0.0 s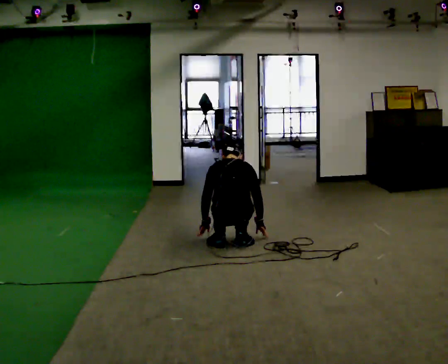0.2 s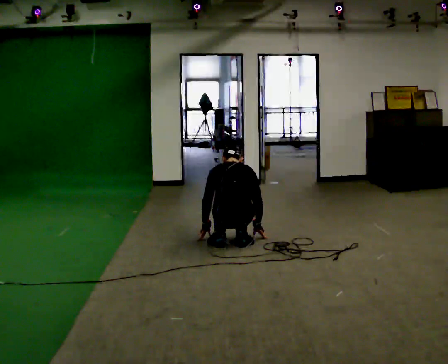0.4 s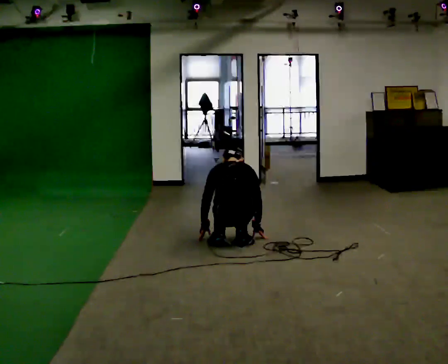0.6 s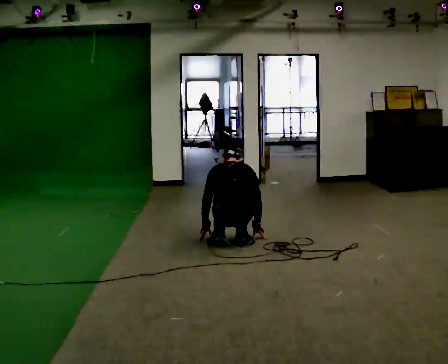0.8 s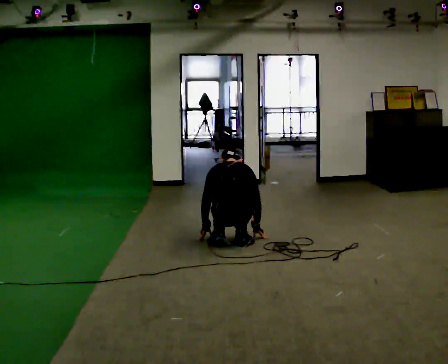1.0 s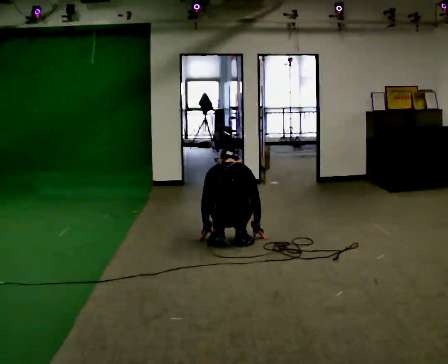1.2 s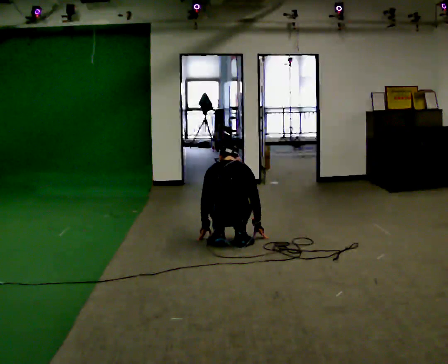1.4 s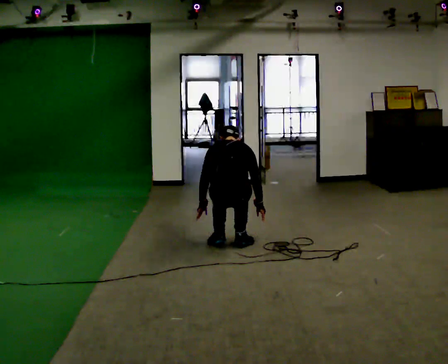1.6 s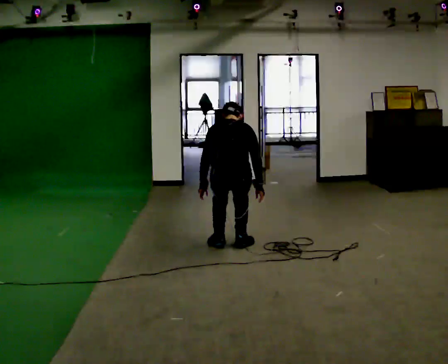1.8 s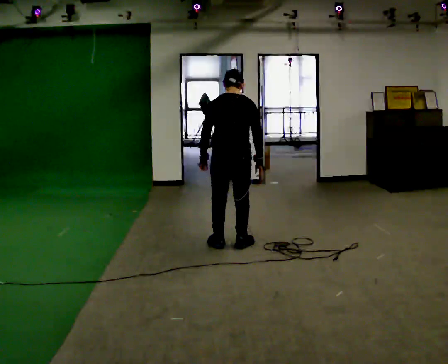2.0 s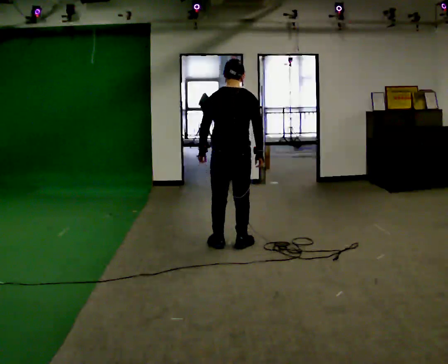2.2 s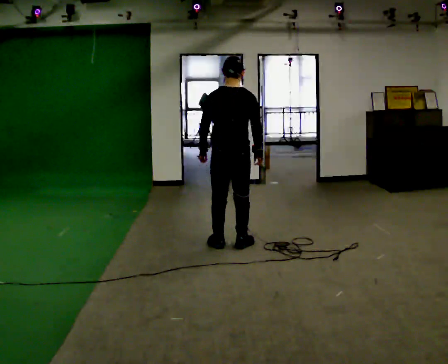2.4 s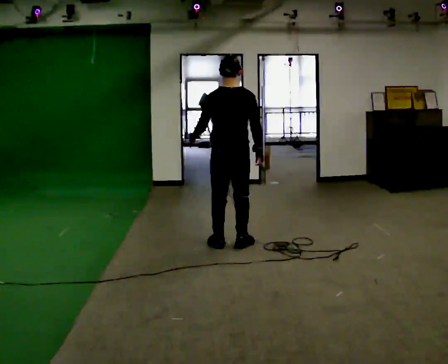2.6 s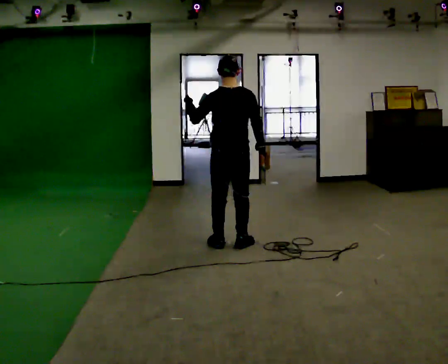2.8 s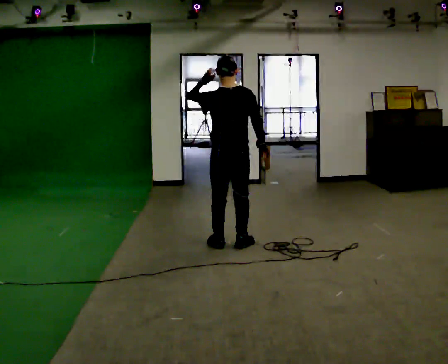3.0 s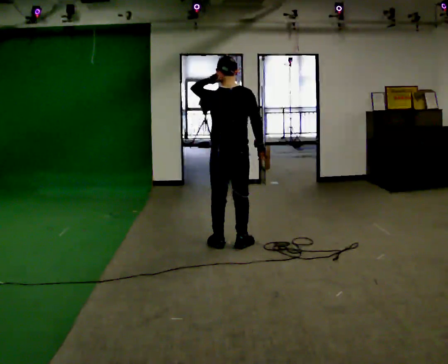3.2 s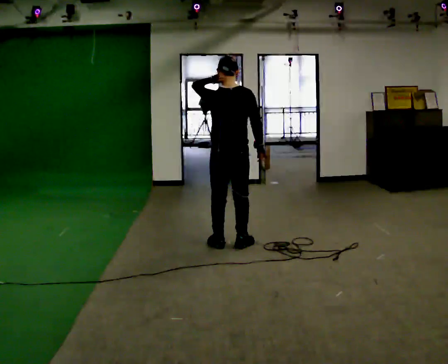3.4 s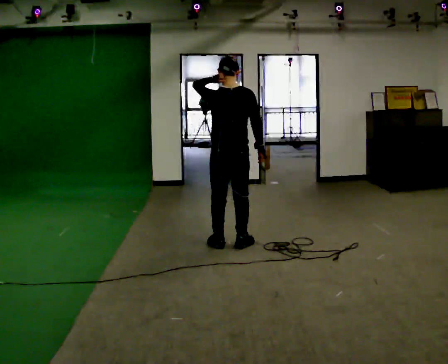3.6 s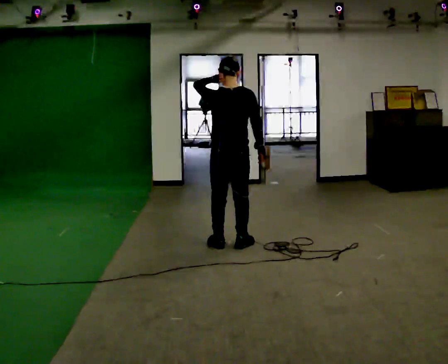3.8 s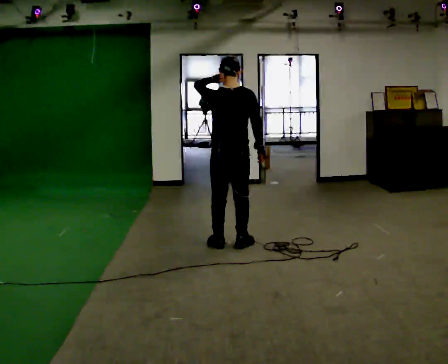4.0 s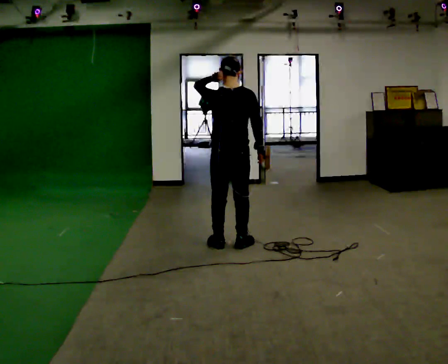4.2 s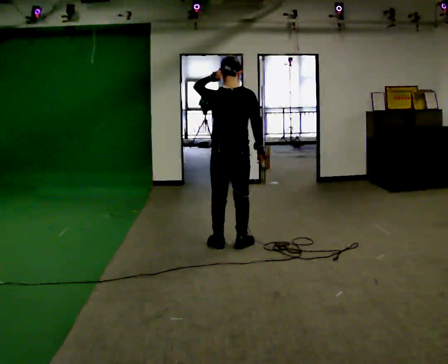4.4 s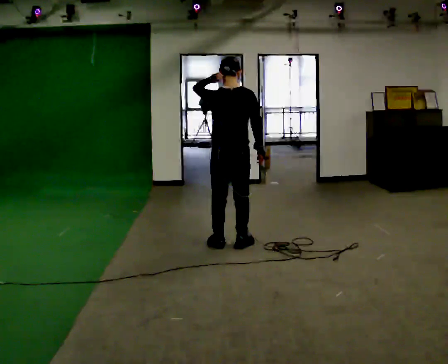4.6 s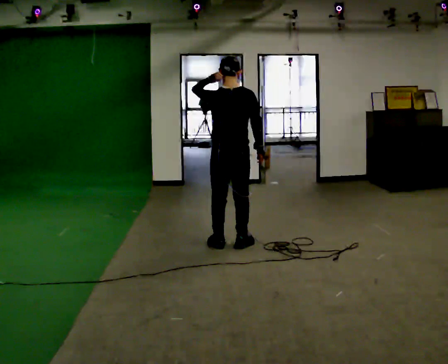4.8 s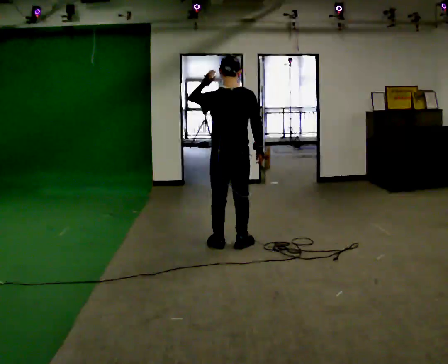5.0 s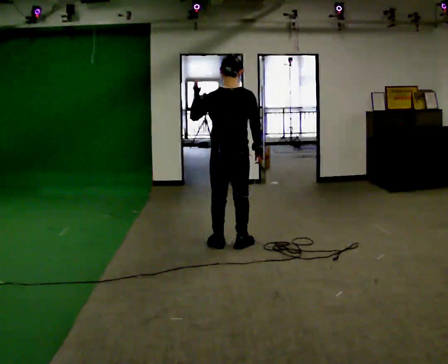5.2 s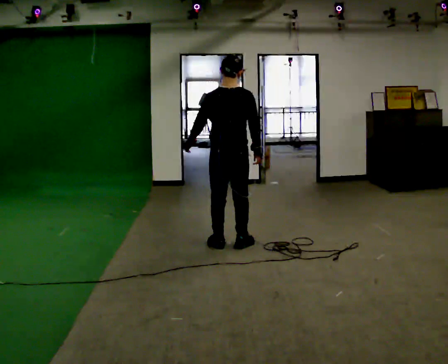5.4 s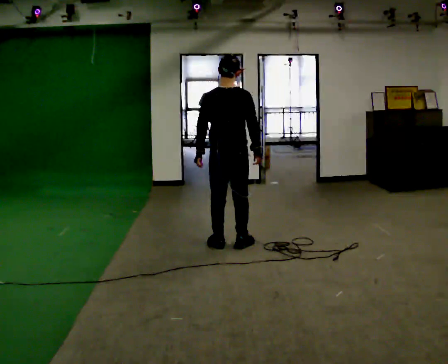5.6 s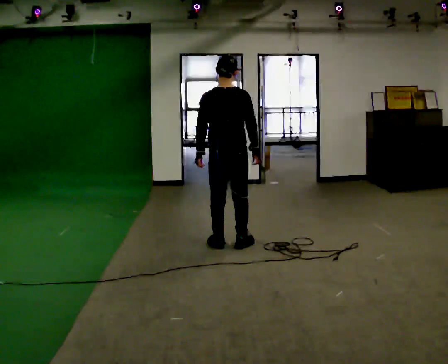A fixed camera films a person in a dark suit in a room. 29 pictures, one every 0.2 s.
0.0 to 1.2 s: The person moves a little, or ends about where they began.
1.2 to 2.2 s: The shoulders move upward. The upper body tips toward the camera, its near side rolling downward, as they lean back or straighten. In the picture their left hand goes upward.
2.2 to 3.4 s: In the picture their left hand goes upward.
3.4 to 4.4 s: The person keeps their place and pose.
4.4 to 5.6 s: In the picture their left hand goes downward.
The film runs forward here.
